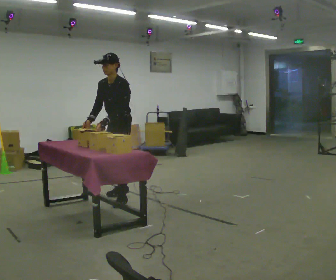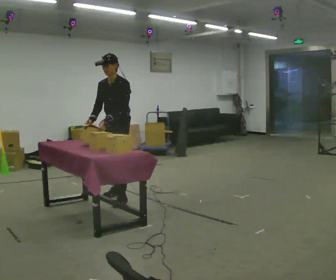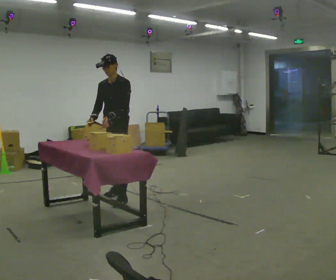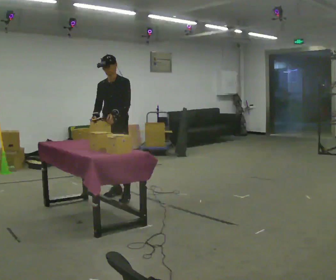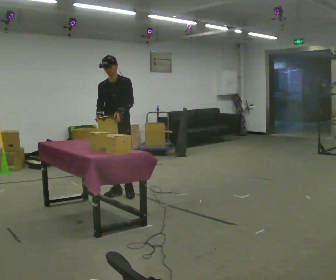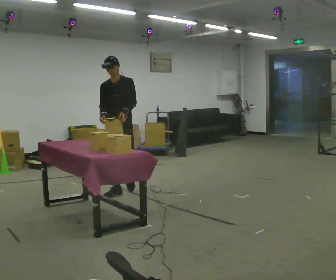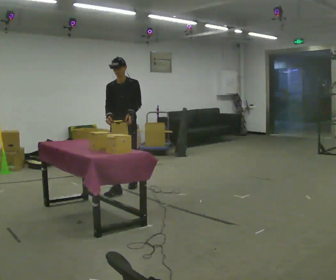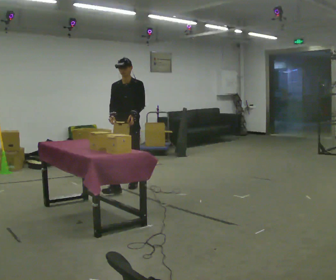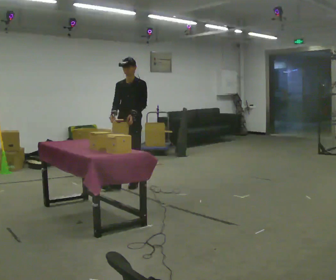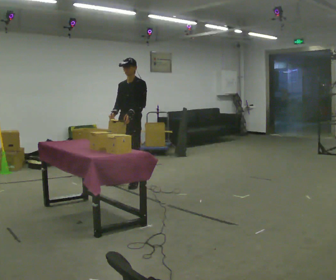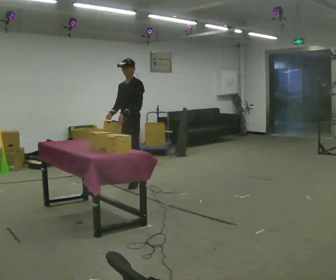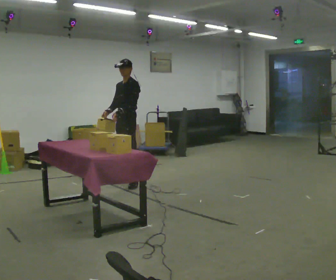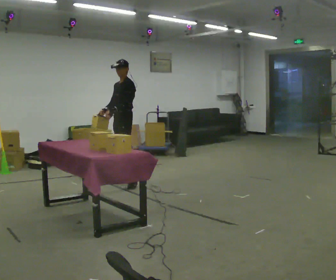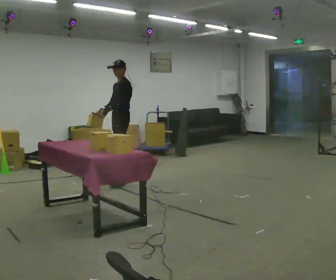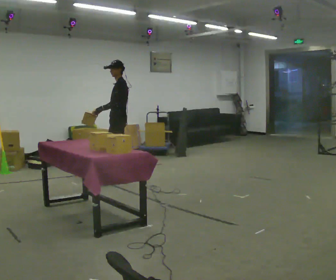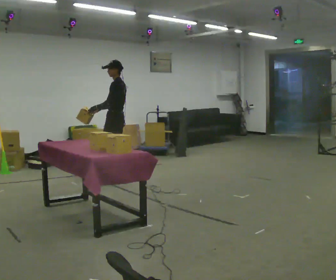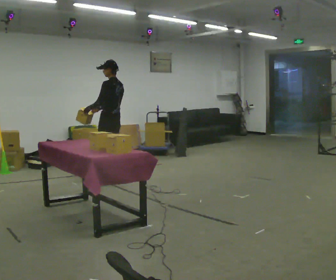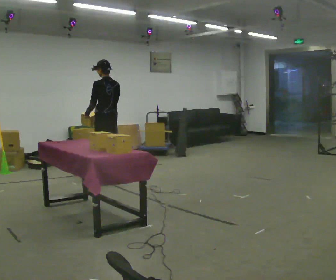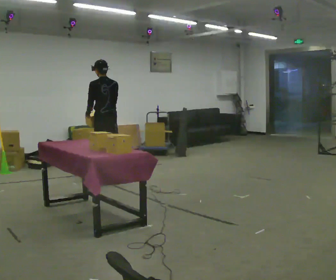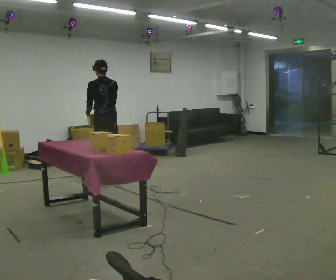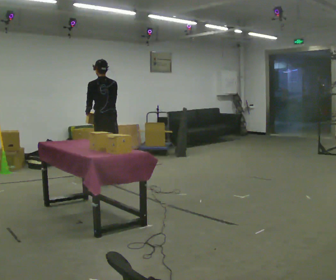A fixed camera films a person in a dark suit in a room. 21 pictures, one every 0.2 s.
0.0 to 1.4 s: The person turns about 30 degrees to their left, counterclockwise seen from above, so the part of the body nearest the lens slides to the right. In the picture they go away from the camera, about 0.5 m in 2 steps, which for them is backward. The upper body tips away from the camera, its near side rolling upward, as they lean back or straighten.
1.4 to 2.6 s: The person turns about 60 degrees to their right, clockwise seen from above, so the part of the body nearest the lens slides to the left. In the picture they go away from the camera, about 0.5 m in 1 step, which for them is to their right and backward.
2.6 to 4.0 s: Seen from above the body turns clockwise, about 90 degrees: to their right, with its near side sliding to the left. In the picture they go to the left, about 0.25 m.
The film runs backward here.
